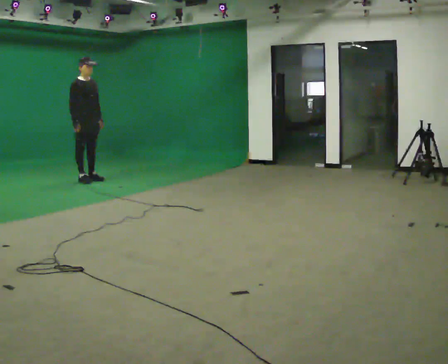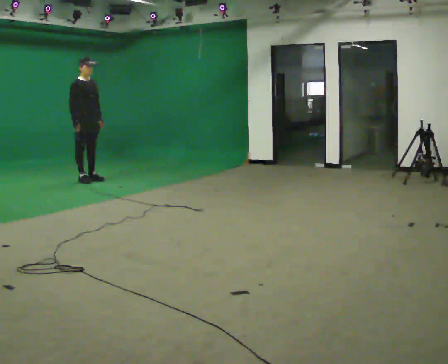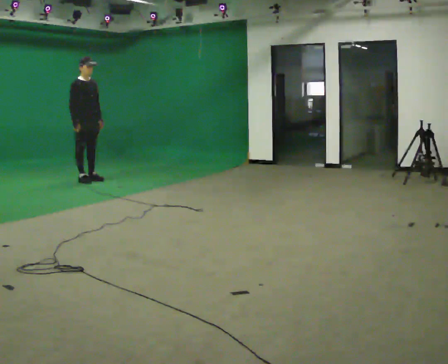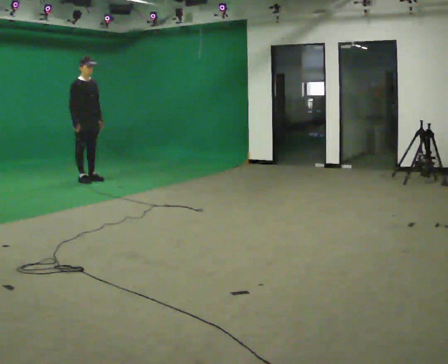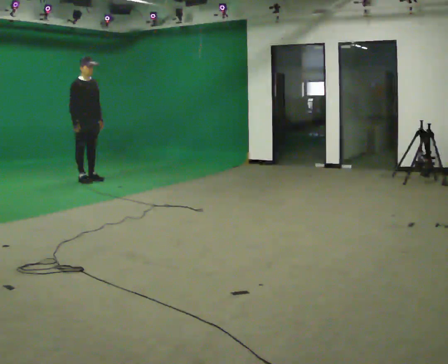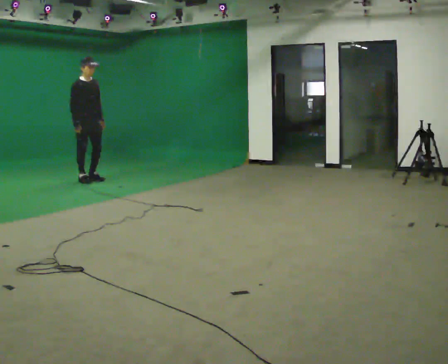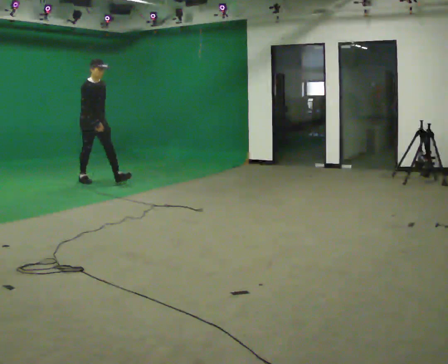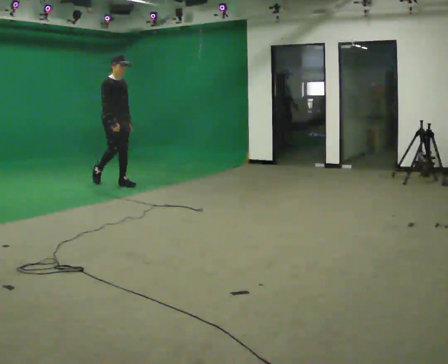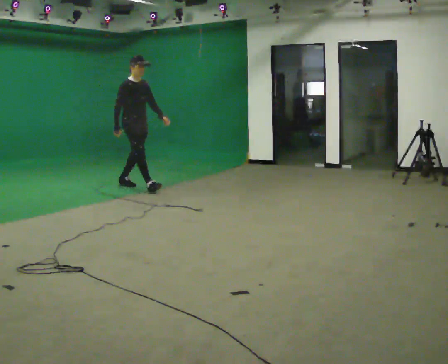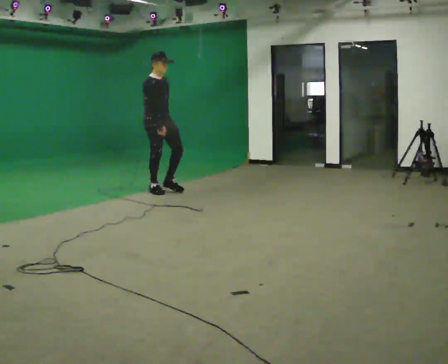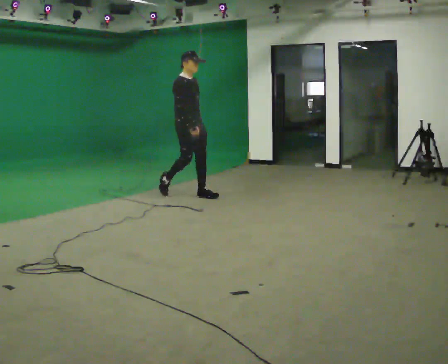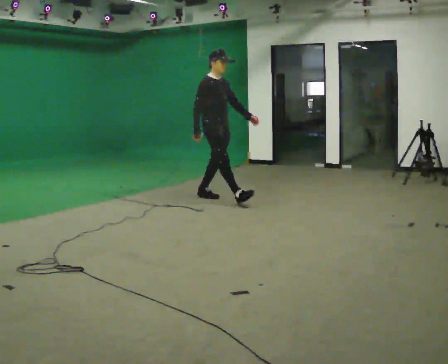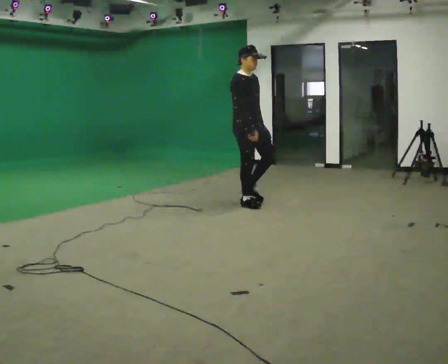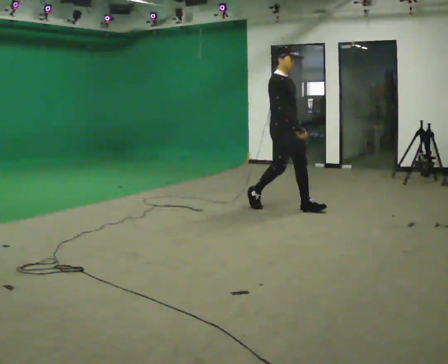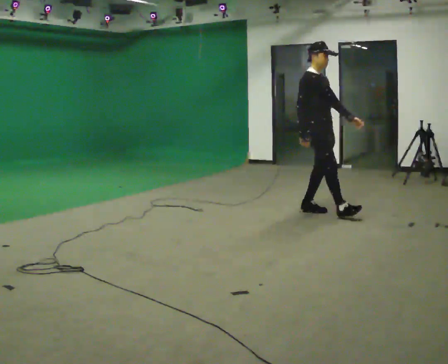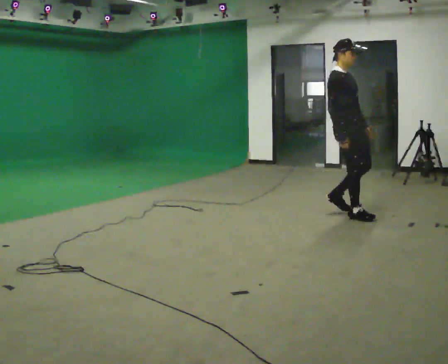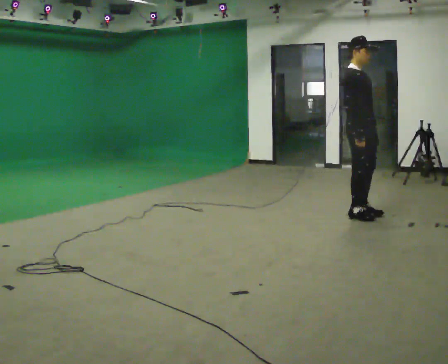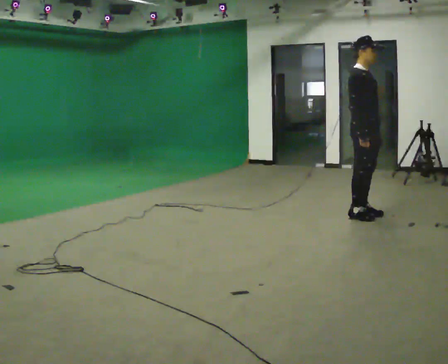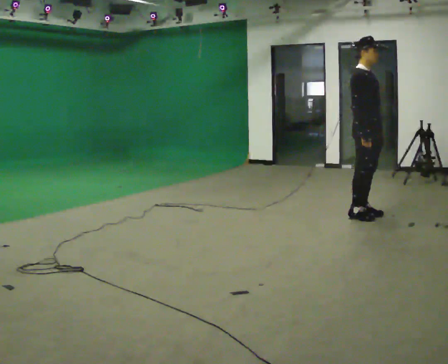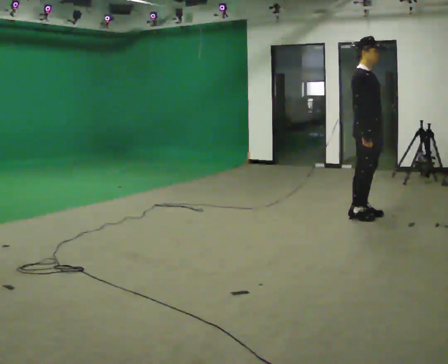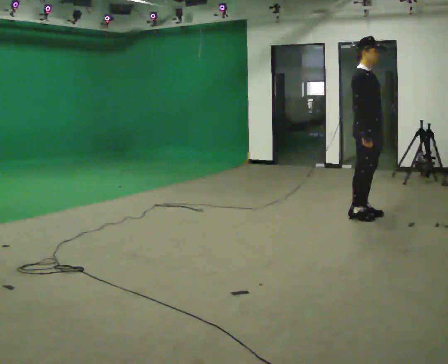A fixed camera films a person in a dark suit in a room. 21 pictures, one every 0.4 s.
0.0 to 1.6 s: The person keeps their place and pose.
1.6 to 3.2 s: In the picture they go to the right and toward the camera, about 1 m in 1 step, which for them is forward.
3.2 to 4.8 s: In the picture they go to the right and toward the camera, about 1.5 m in 3 steps, which for them is forward.
4.8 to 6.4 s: In the picture they go to the right and toward the camera, about 1 m in 3 steps, which for them is forward.
6.4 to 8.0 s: The person moves a little, or ends about where they began.
The film runs forward here.
